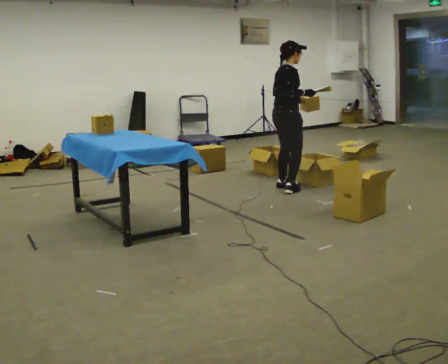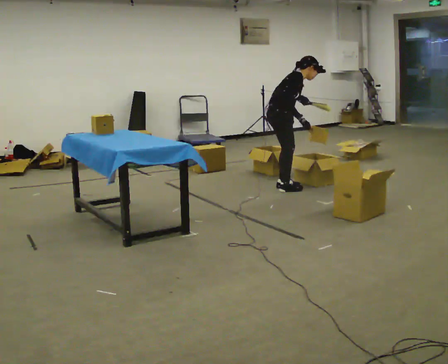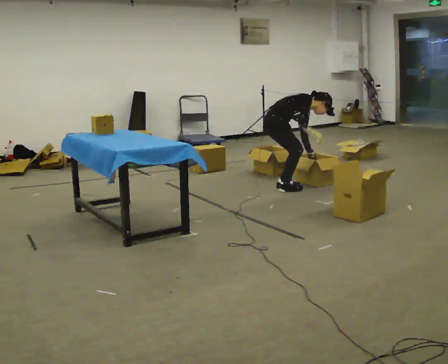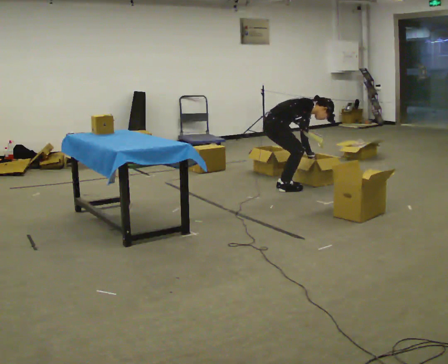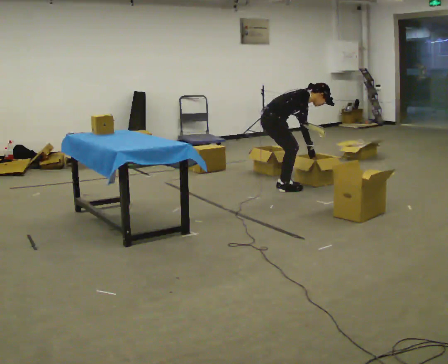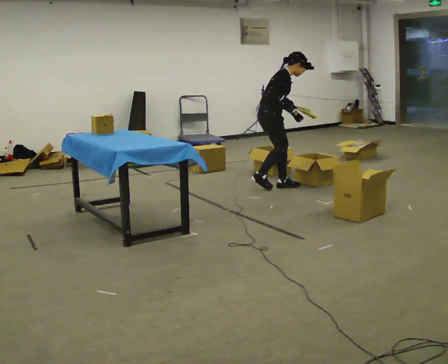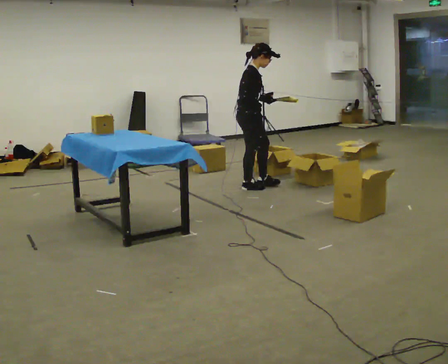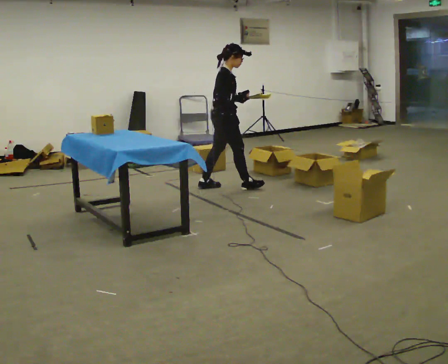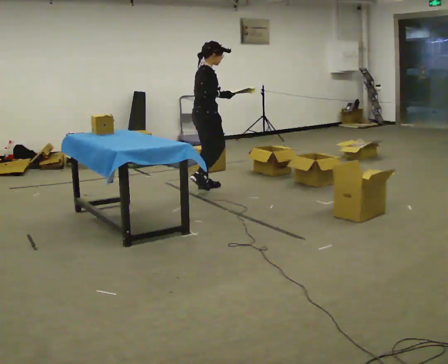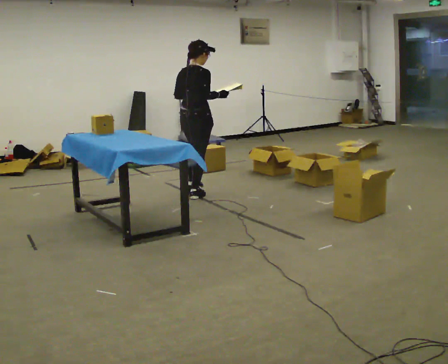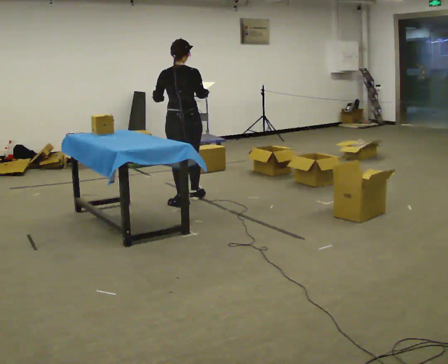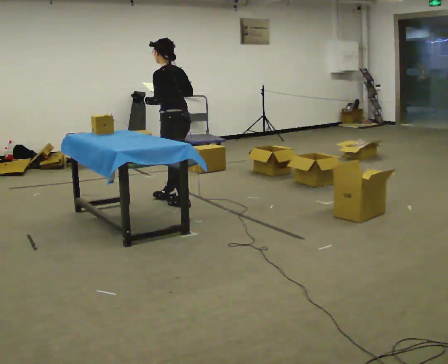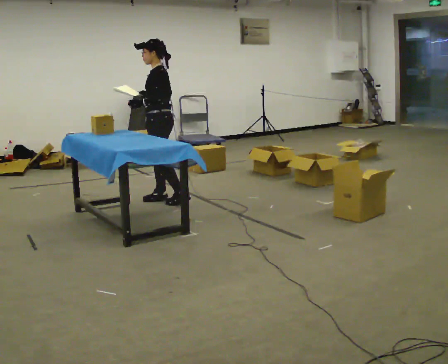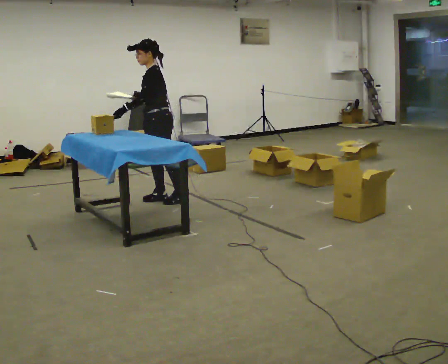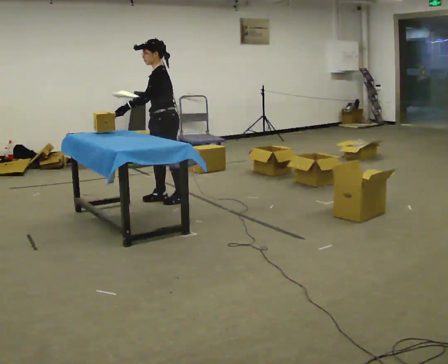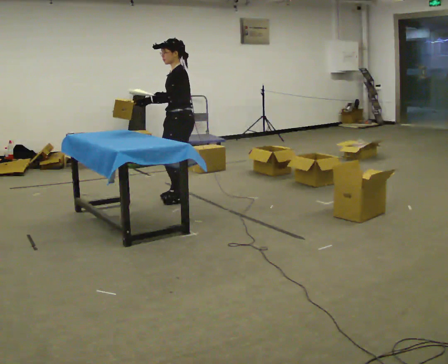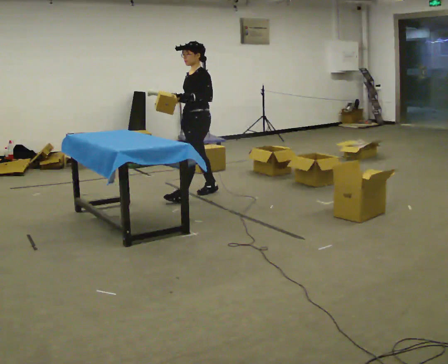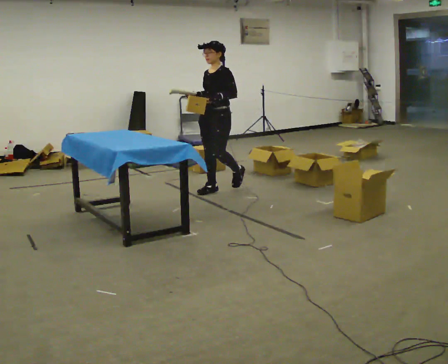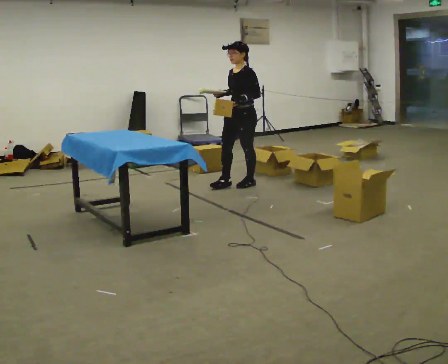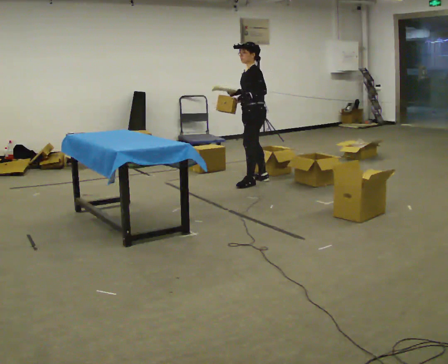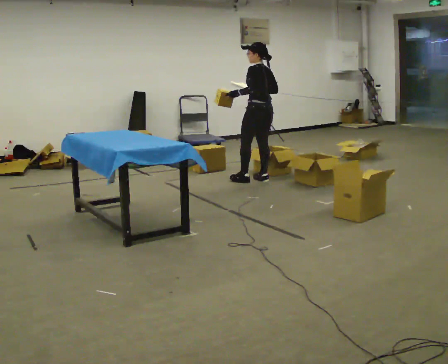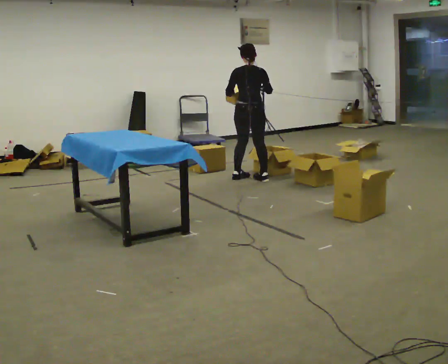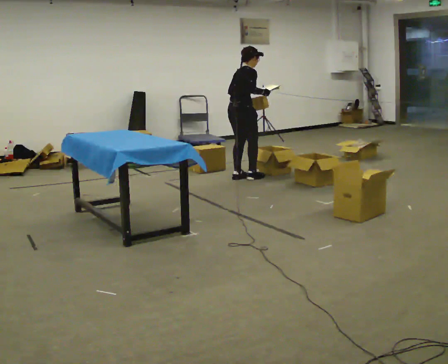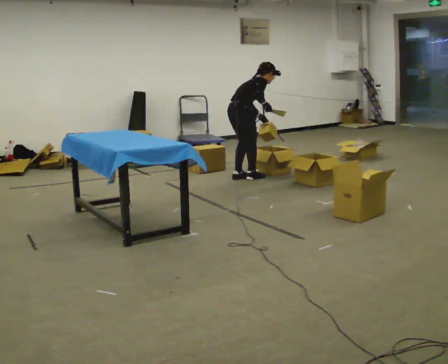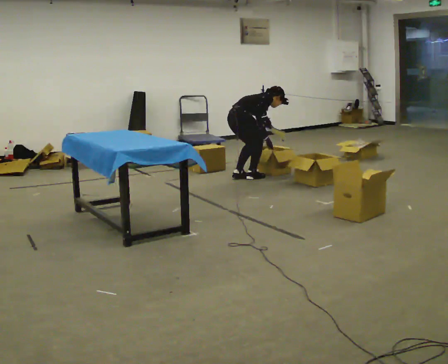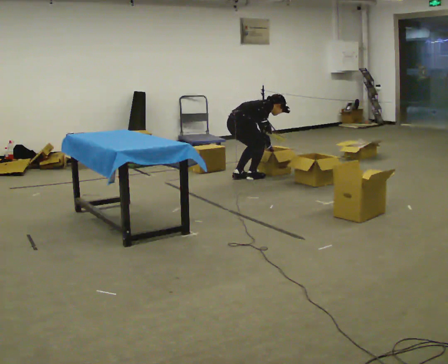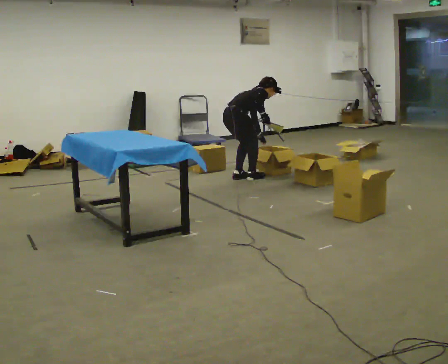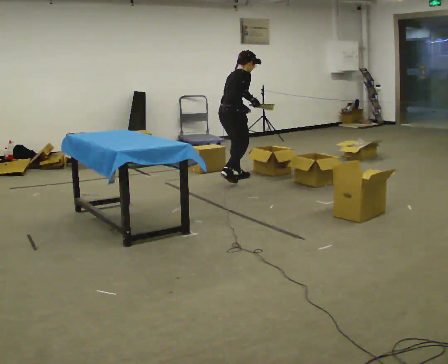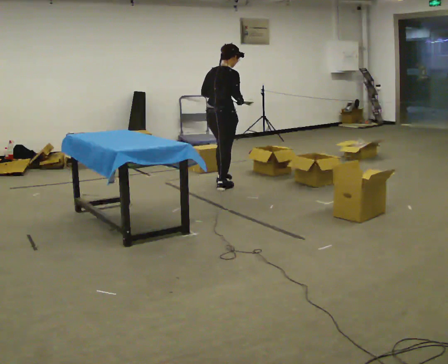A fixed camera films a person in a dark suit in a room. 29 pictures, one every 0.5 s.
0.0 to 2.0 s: Seen from above the body turns clockwise, about 30 degrees: to their right, with its near side sliding to the left. In the picture the upper body tilts clockwise, shoulders to the right, as they bend forward. In the picture their left hand goes downward.
2.0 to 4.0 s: The part of the body nearest the lens slides to the right as the person turns to their left by about 30 degrees. In the picture they go to the left, about 0.5 m in 3 steps, which for them is backward. The shoulders move upward. In the picture the upper body tilts counterclockwise, shoulders to the left, as they lean back or straighten. In the picture their left hand goes upward.
4.0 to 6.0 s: The person turns about 165 degrees to their left, counterclockwise seen from above, so the part of the body nearest the lens slides to the right. In the picture they go to the left and toward the camera, about 0.5 m in 3 steps.
6.0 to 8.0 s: In the picture they go to the right and away from the camera, about 0.5 m in 1 step, which for them is backward.
8.0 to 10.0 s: Seen from above the body turns clockwise, about 75 degrees: to their right, with its near side sliding to the left. In the picture they go to the right and away from the camera, about 1 m in 3 steps.
10.0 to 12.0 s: Seen from above the body turns clockwise, about 105 degrees: to their right, with its near side sliding to the left. In the picture they go to the left and away from the camera, about 0.25 m in 1 step. The upper body goes downward. In the picture the upper body tilts clockwise, shoulders to the right, as they bend forward. In the picture their left hand goes downward.
12.0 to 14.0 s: The person turns about 30 degrees to their left, counterclockwise seen from above, so the part of the body nearest the lens slides to the right. In the picture they go toward the camera and to the left, about 0.5 m in 2 steps, which for them is backward and to their right. In the picture the upper body tilts counterclockwise, shoulders to the left, as they lean back or straighten.
The film runs backward here.
